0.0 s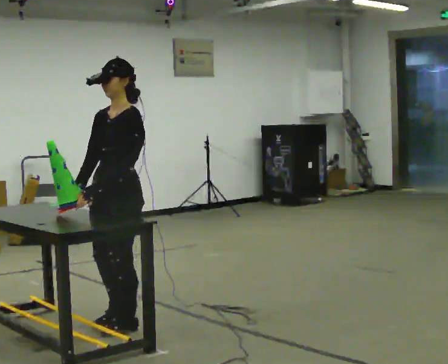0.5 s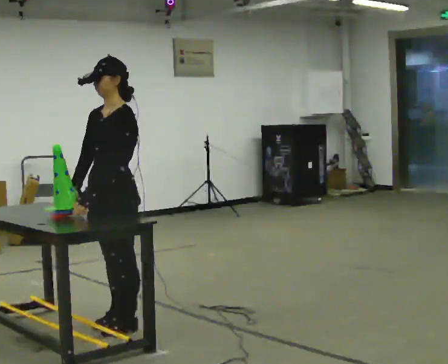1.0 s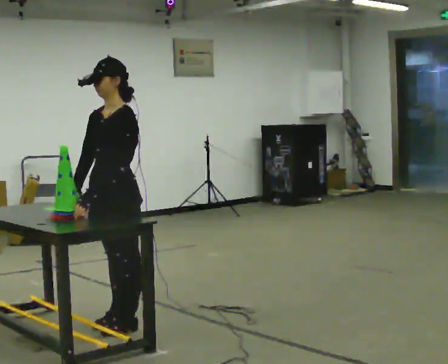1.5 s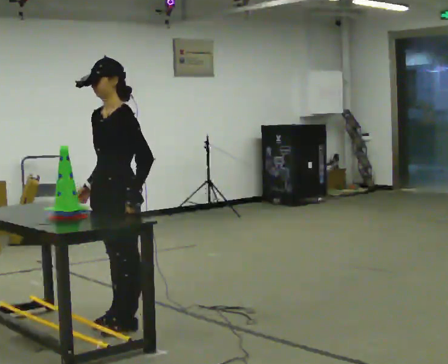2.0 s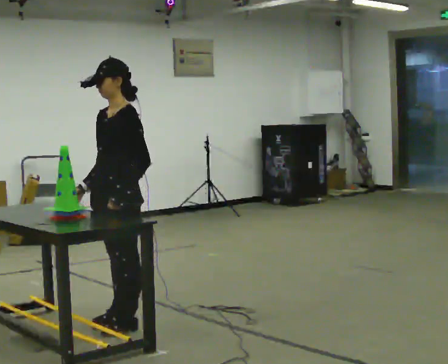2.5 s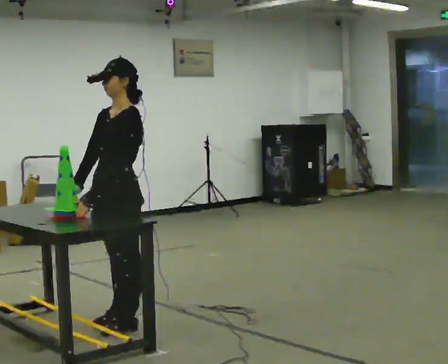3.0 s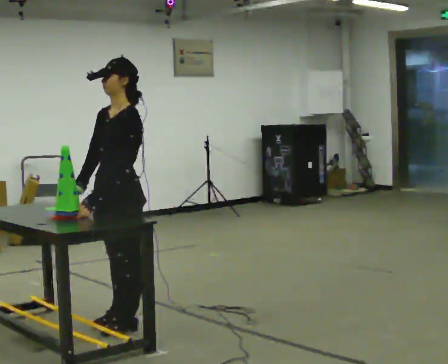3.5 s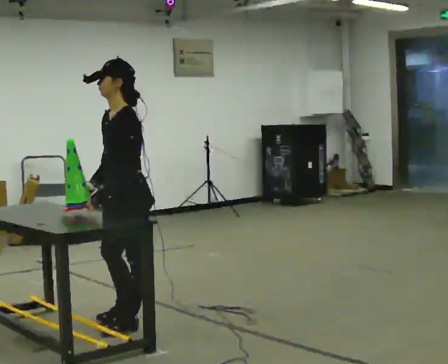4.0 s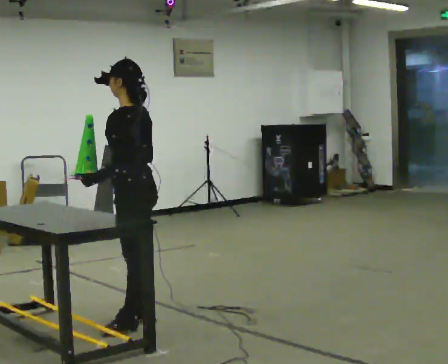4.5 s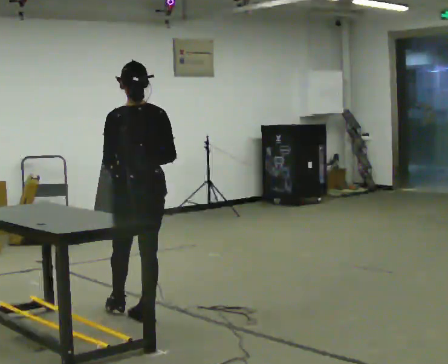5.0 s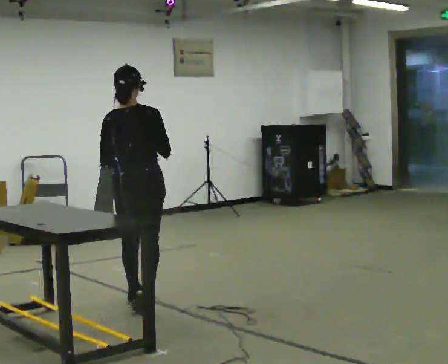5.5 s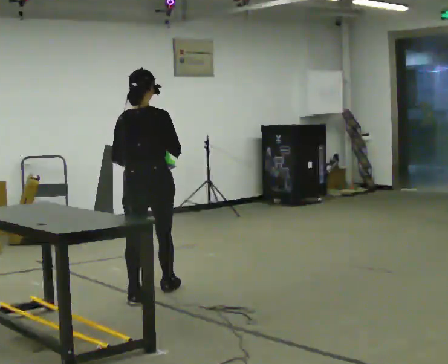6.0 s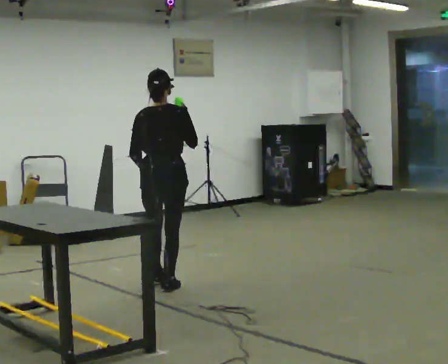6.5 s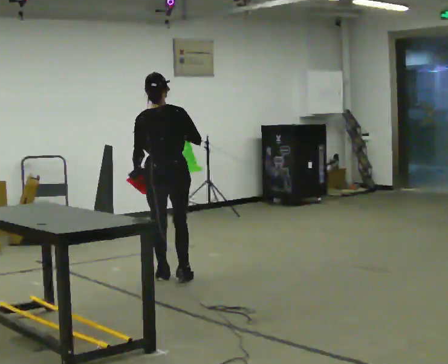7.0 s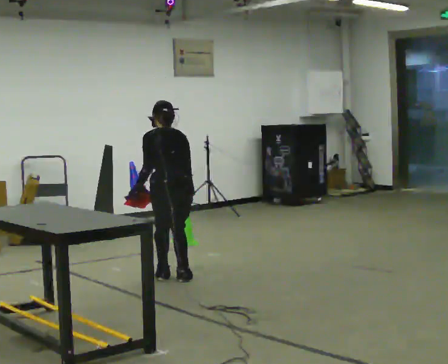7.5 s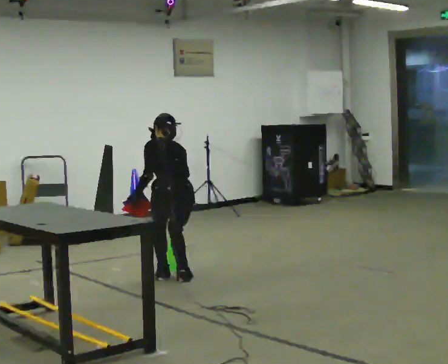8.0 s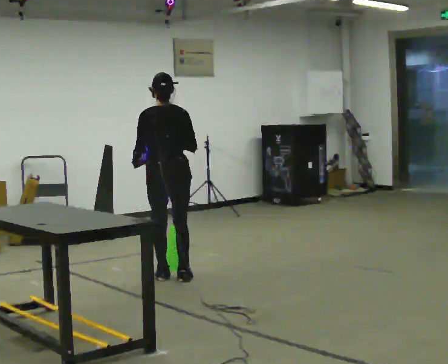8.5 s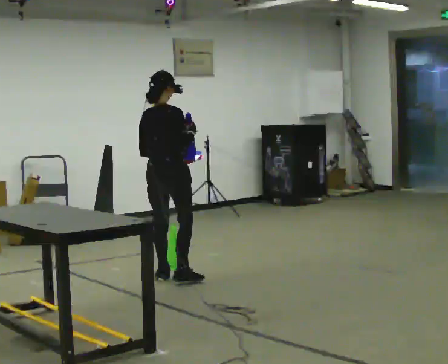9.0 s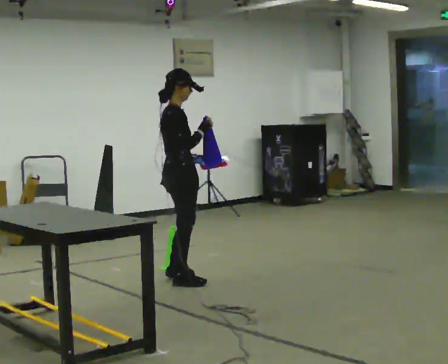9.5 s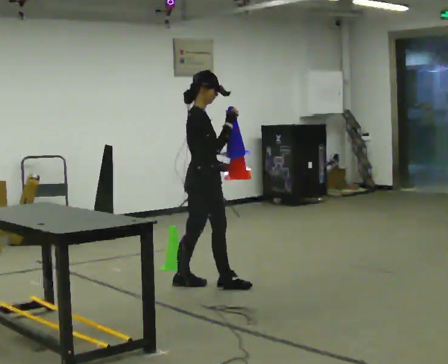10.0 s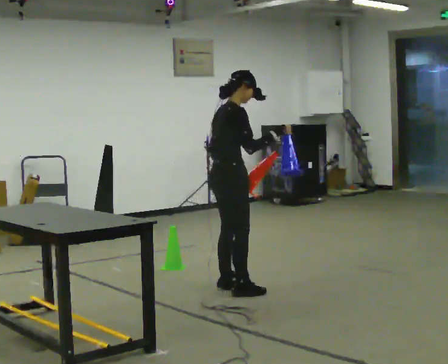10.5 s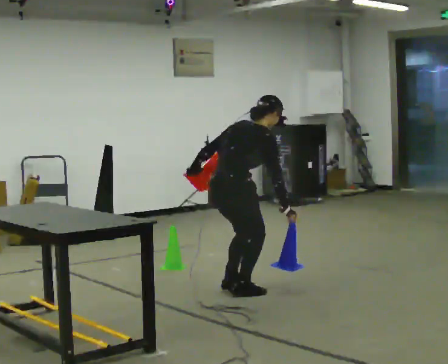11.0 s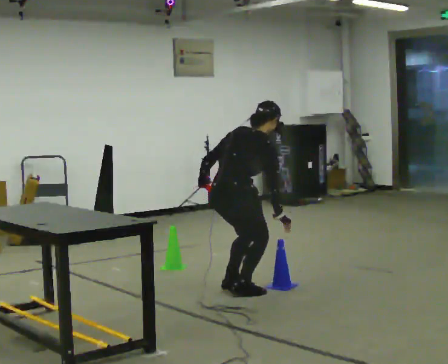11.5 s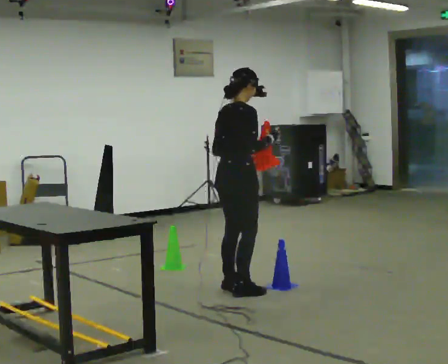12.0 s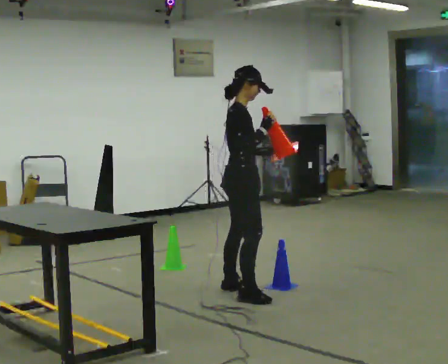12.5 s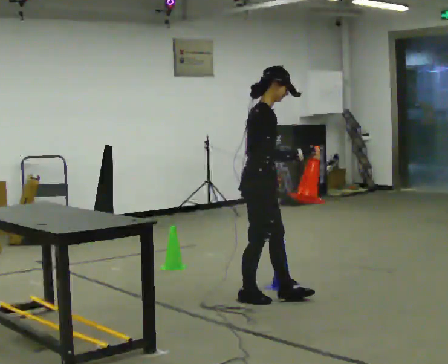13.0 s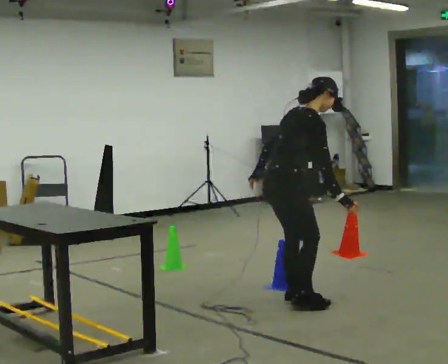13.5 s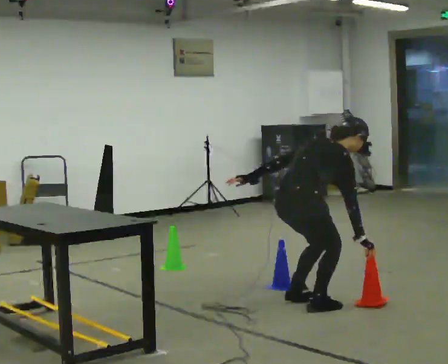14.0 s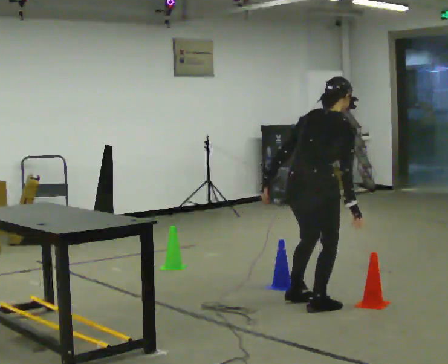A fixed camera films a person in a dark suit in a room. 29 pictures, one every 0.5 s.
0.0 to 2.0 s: The person moves a little, or ends about where they began.
2.0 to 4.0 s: Seen from above the body turns clockwise, about 60 degrees: to their right, with its near side sliding to the left.
4.0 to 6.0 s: Seen from above the body turns clockwise, about 75 degrees: to their right, with its near side sliding to the left. In the picture they go away from the camera, about 1 m in 2 steps. In the picture their right hand goes upward.
6.0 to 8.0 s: In the picture they go away from the camera, about 0.25 m in 2 steps, which for them is forward.
8.0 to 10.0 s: Seen from above the body turns clockwise, about 90 degrees: to their right, with its near side sliding to the left. In the picture they go to the right and toward the camera, about 0.5 m in 2 steps.
10.0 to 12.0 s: In the picture they go toward the camera, about 0.25 m, which for them is to their right.
12.0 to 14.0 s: The part of the body nearest the lens slides to the right as the person turns to their left by about 45 degrees. In the picture they go toward the camera and to the right, about 0.75 m in 2 steps, which for them is to their right and forward.
The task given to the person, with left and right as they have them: Collect three or four objects from around the room, gather them in your arms, then carry them all to the shelf together. Keep going until the operator says stop; one object at a time, and do not rush between trips.
The film runs forward here.
